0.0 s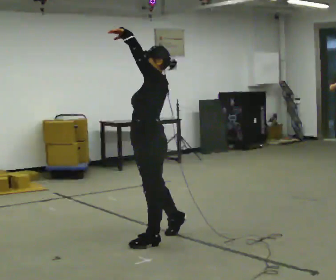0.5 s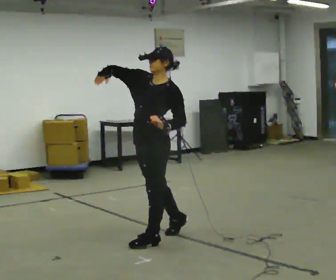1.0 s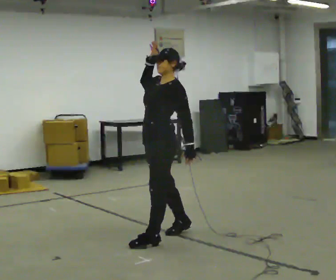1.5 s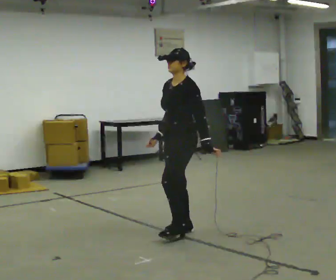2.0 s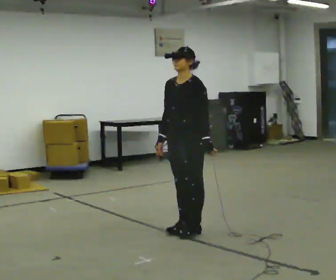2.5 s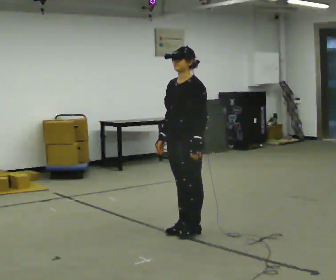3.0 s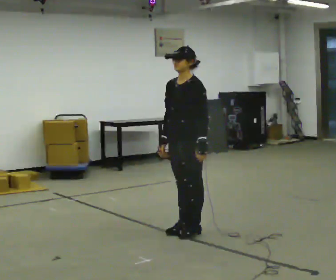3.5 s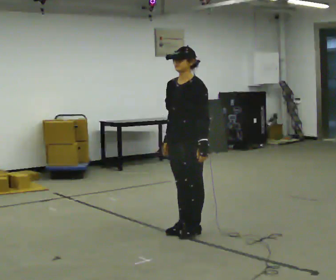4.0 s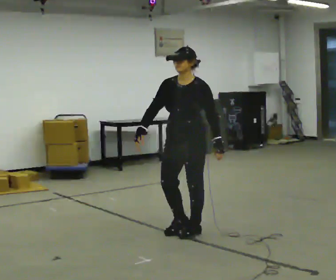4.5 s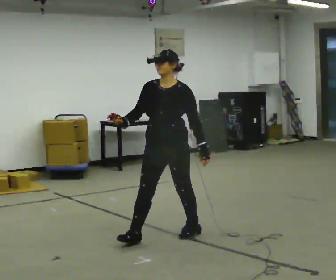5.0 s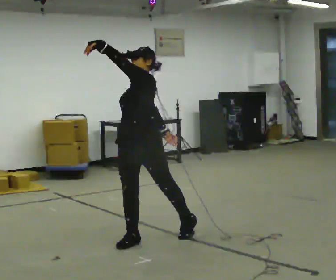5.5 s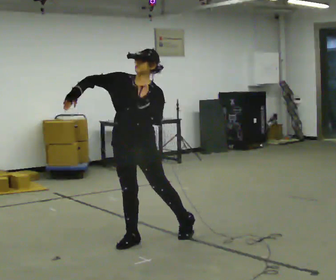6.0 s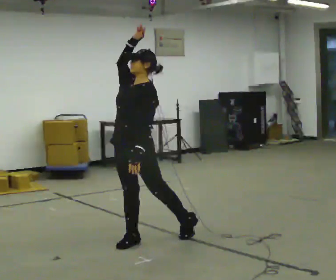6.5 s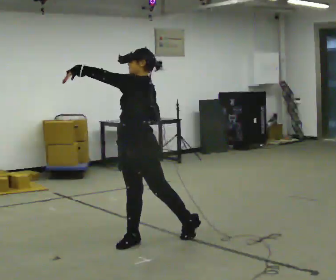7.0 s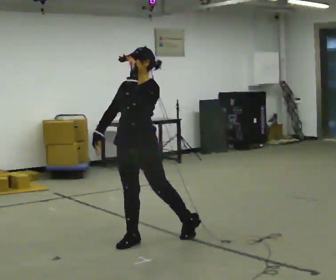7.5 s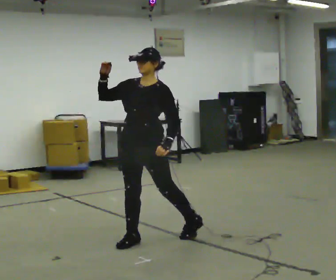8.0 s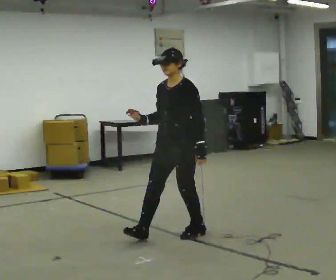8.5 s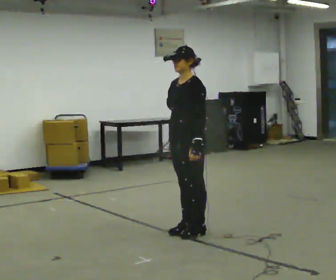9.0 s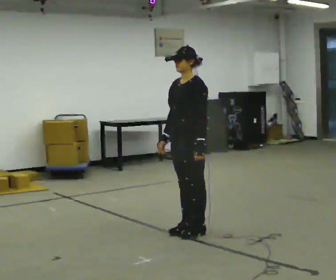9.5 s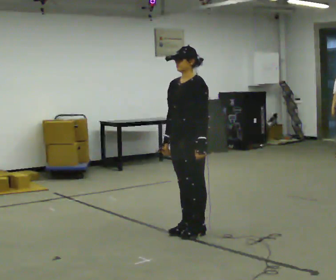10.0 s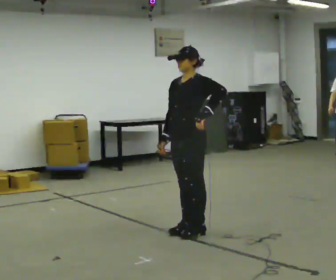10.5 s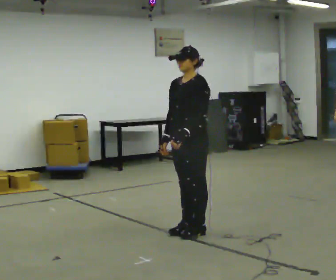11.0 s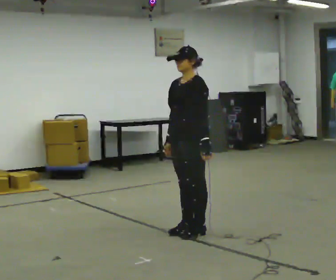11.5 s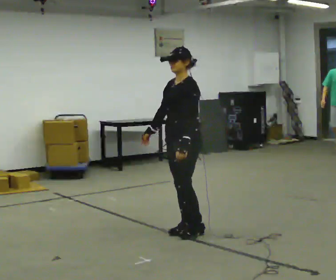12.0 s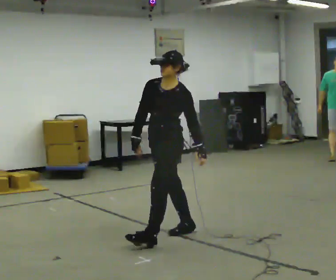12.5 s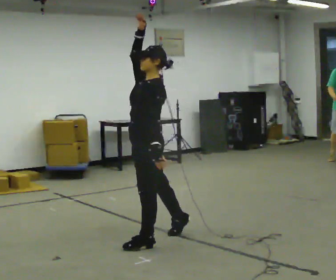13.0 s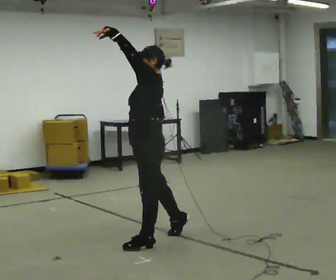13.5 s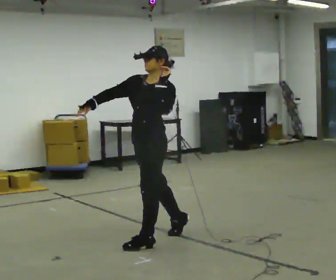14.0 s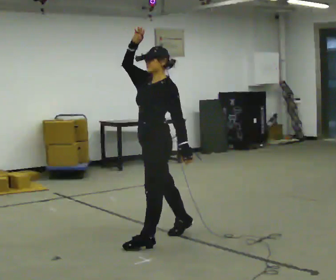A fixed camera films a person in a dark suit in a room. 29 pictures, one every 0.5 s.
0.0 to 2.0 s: In the picture they go to the right and away from the camera, about 0.5 m in 1 step, which for them is backward. In the picture their left hand goes downward.
2.0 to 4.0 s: The person moves a little, or ends about where they began.
4.0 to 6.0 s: Seen from above the body turns clockwise, about 30 degrees: to their right, with its near side sliding to the left. In the picture they go to the left and toward the camera, about 0.5 m in 1 step, which for them is forward. In the picture their right hand goes upward.
6.0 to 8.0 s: In the picture they go to the right and away from the camera, about 0.5 m, which for them is backward. In the picture the upper body tilts counterclockwise, shoulders to the left. In the picture their right hand goes downward.
8.0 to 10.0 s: The person moves a little, or ends about where they began.
10.0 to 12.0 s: In the picture they go to the left, about 0.25 m in 1 step, which for them is forward.
12.0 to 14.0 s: In the picture their right hand goes upward.
The film runs forward here.
